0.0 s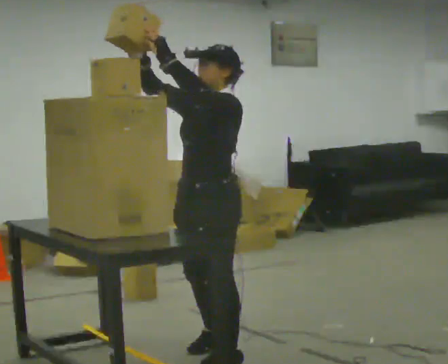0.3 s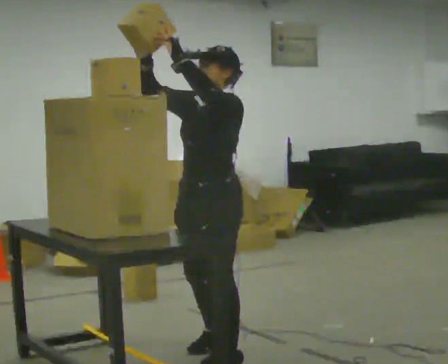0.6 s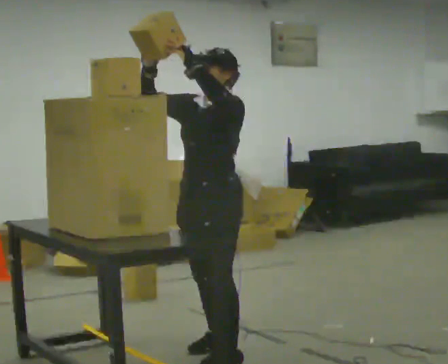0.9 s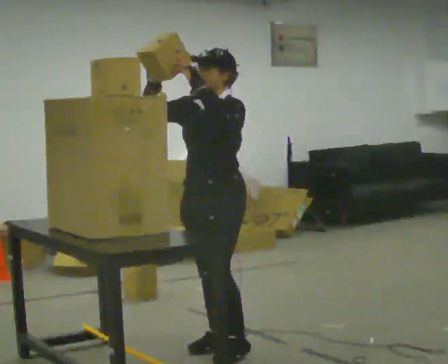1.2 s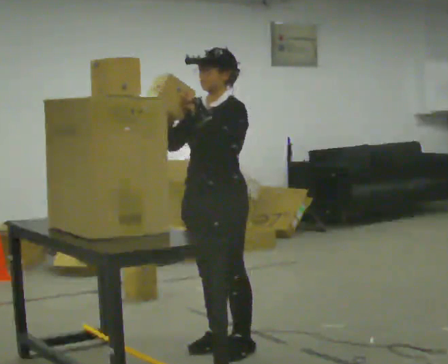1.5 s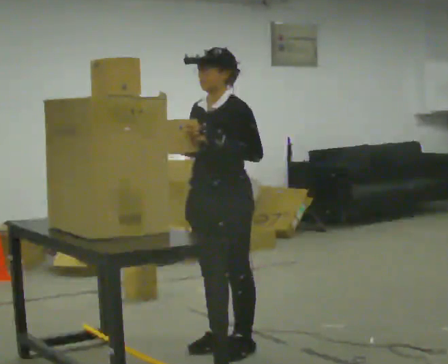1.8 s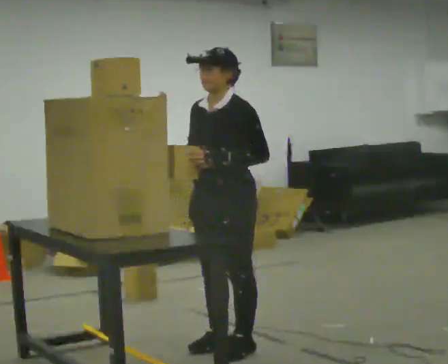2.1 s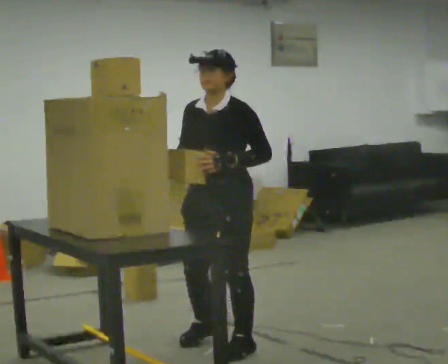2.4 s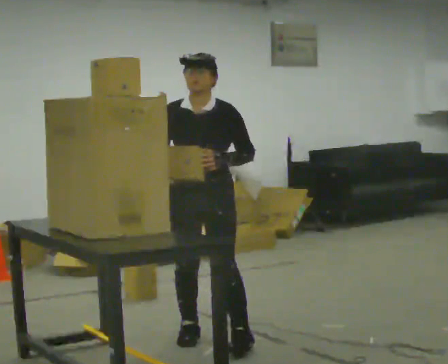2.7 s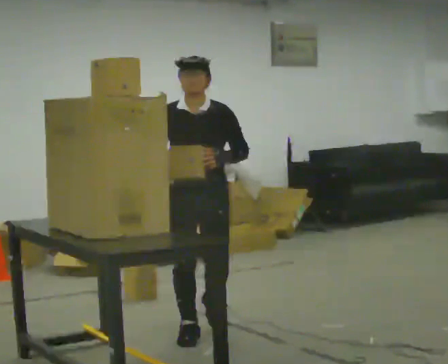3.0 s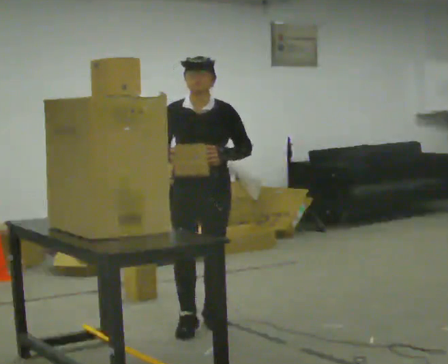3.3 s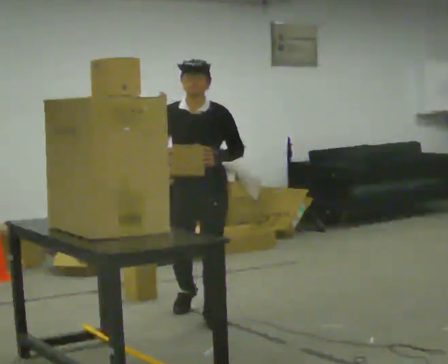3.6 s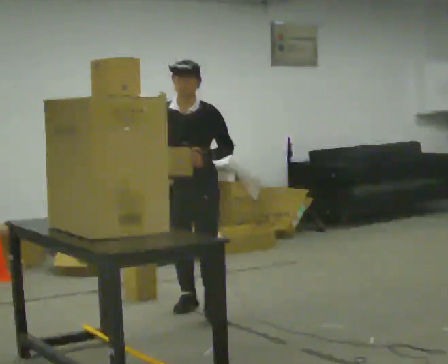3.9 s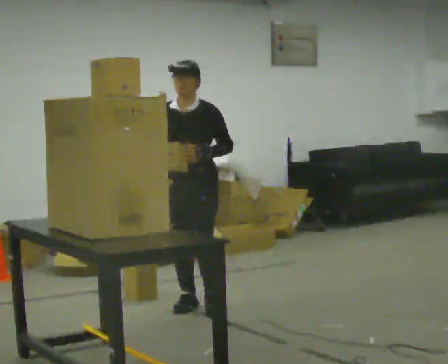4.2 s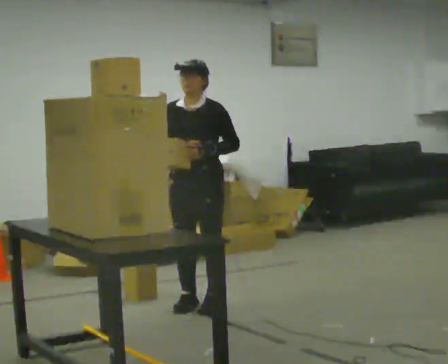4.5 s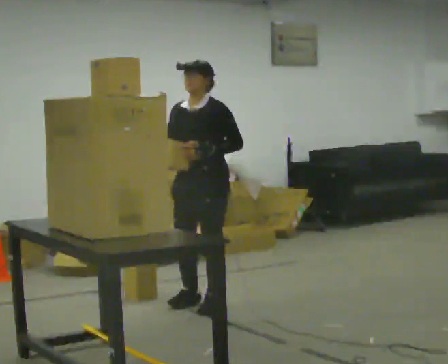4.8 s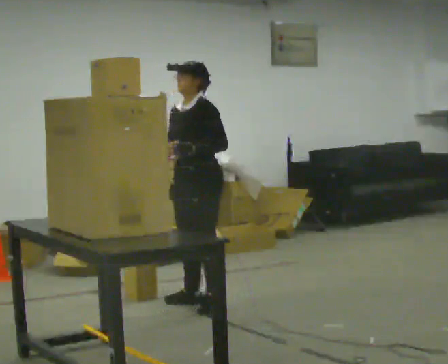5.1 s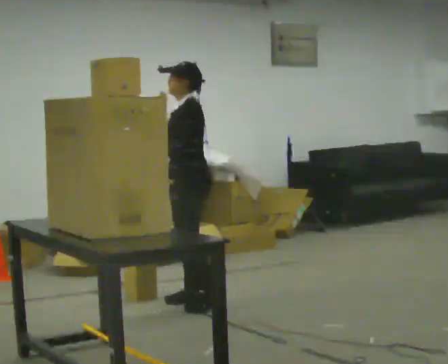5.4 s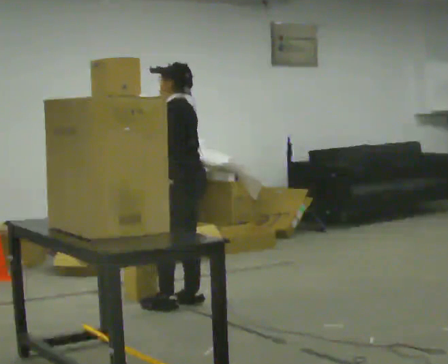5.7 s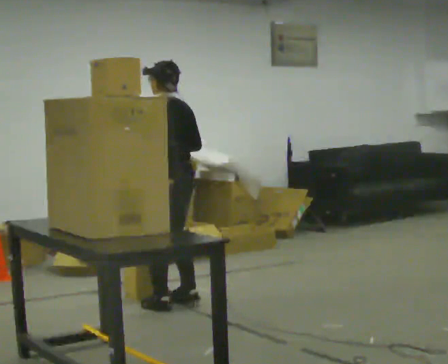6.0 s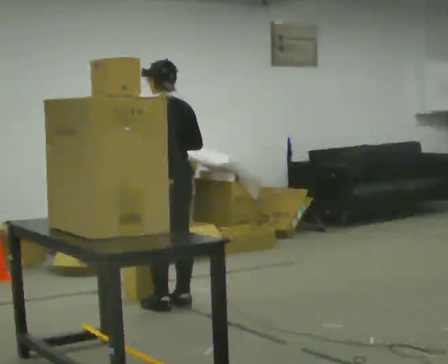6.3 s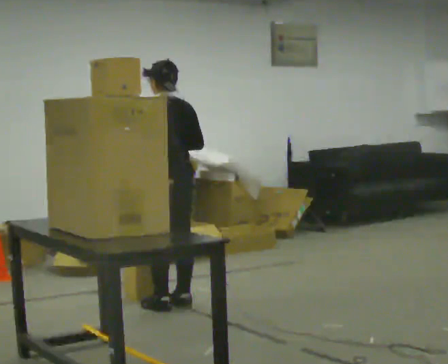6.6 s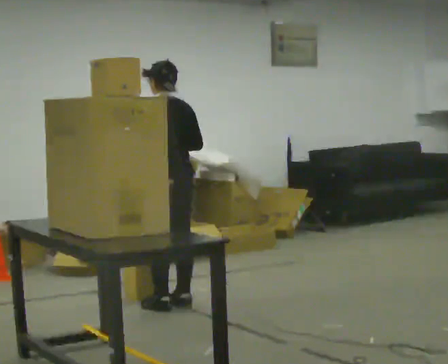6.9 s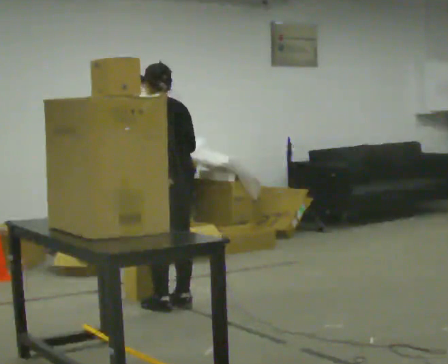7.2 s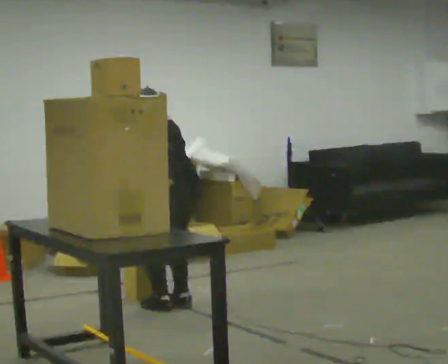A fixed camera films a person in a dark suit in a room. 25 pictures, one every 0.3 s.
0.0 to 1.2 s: In the picture they go away from the camera, about 0.25 m in 1 step, which for them is to their right and backward.
1.2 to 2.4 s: Seen from above the body turns counterclockwise, about 30 degrees: to their left, with its near side sliding to the right. In the picture they go away from the camera, about 0.25 m in 2 steps, which for them is to their right.
2.4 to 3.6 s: In the picture they go away from the camera, about 0.75 m in 2 steps, which for them is backward.
3.6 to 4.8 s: The part of the body nearest the lens slides to the left as the person turns to their right by about 45 degrees. In the picture they go away from the camera, about 0.25 m, which for them is backward.
4.8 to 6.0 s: The part of the body nearest the lens slides to the left as the person turns to their right by about 90 degrees. In the picture they go to the left, about 0.25 m in 1 step. In the picture their left hand goes to the left.
6.0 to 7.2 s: The upper body tips away from the camera, its near side rolling upward, as they bend forward. In the picture their right hand goes downward.
The film runs backward here.
